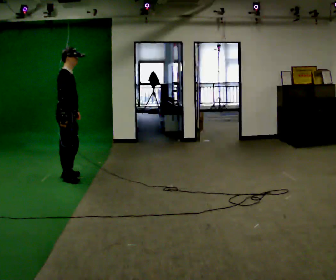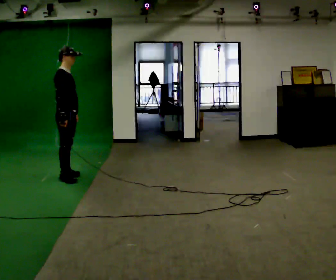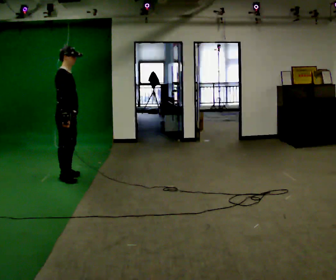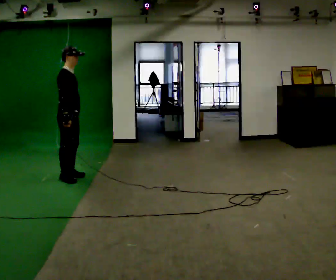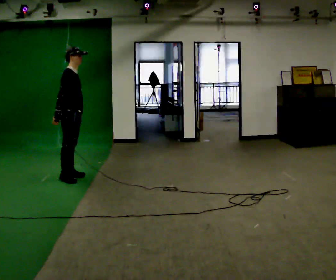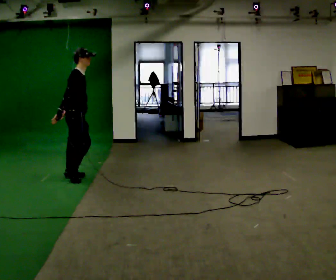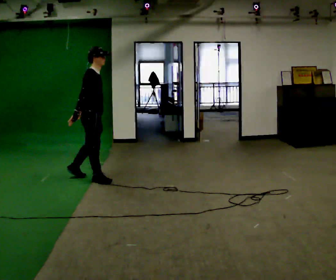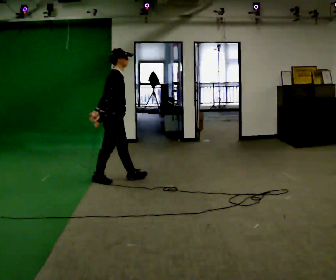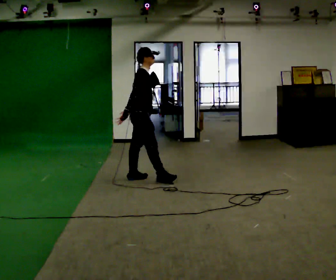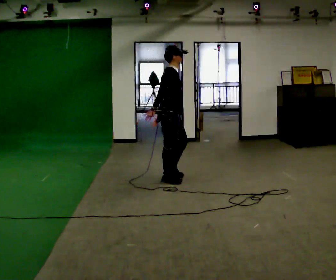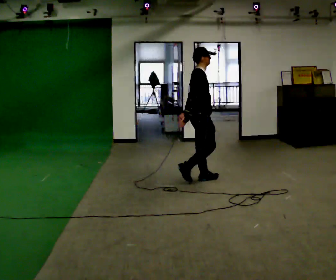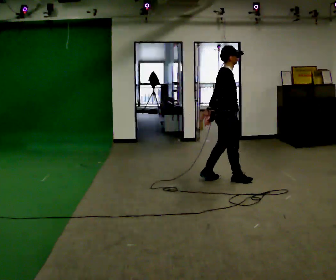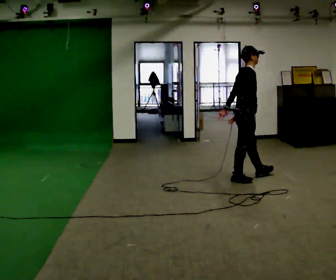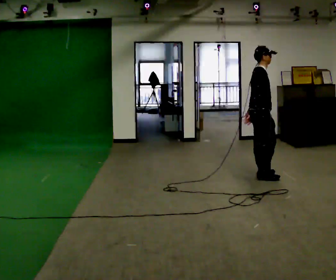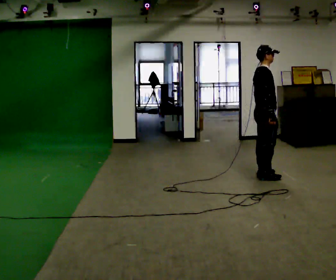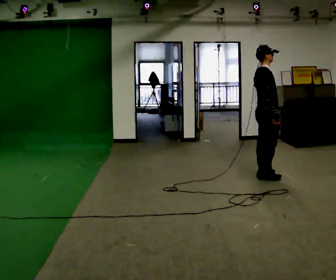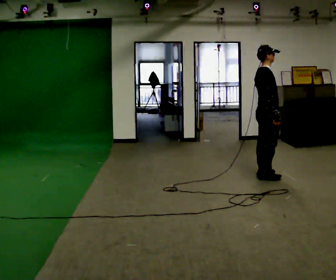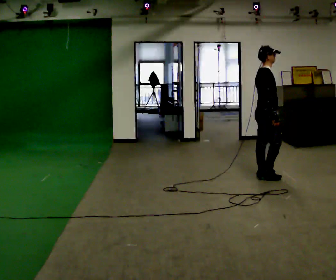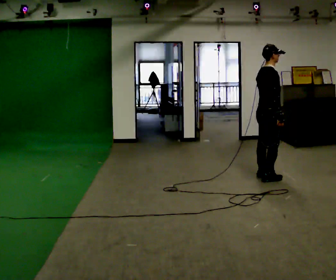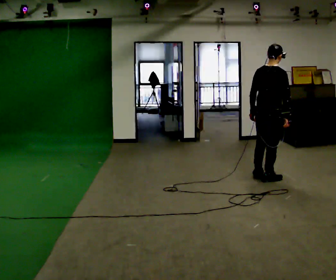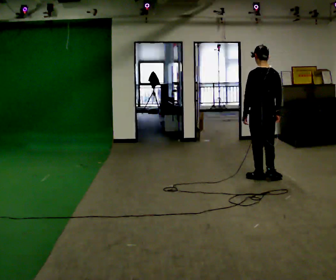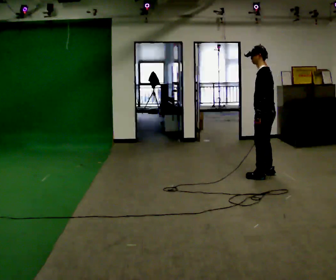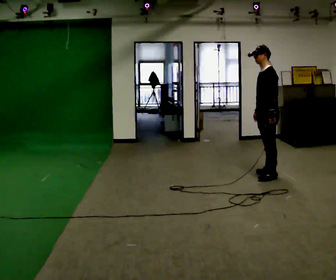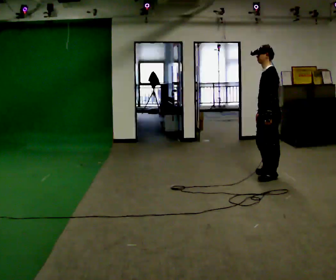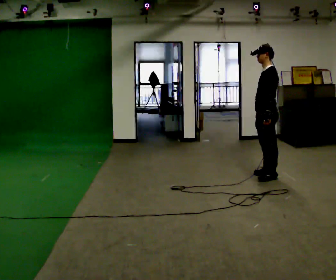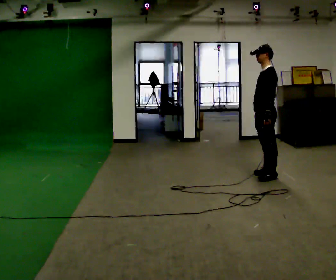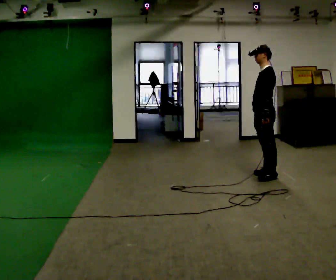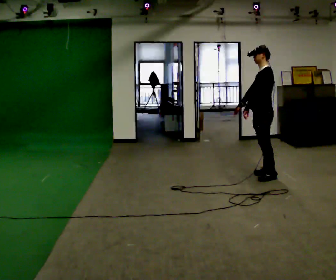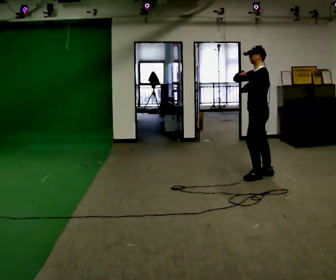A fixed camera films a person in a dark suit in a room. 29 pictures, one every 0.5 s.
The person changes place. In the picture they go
to the right.
0.0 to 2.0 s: The person moves a little, or ends about where they began.
2.0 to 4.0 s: In the picture they go to the right, about 1 m in 2 steps, which for them is forward.
4.0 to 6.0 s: In the picture they go to the right, about 1.5 m in 3 steps, which for them is forward.
6.0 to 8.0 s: In the picture they go to the right, about 0.25 m in 2 steps, which for them is forward.
8.0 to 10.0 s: The part of the body nearest the lens slides to the right as the person turns to their left by about 105 degrees.
10.0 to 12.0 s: The part of the body nearest the lens slides to the right as the person turns to their left by about 75 degrees.
12.0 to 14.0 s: In the picture their right hand goes upward.
The film runs forward here.
